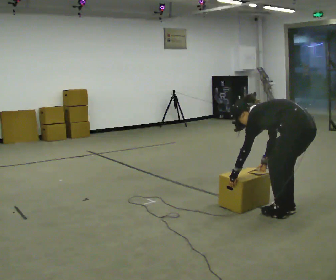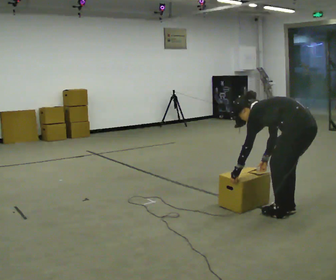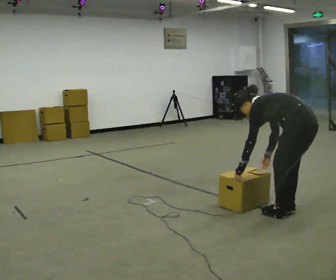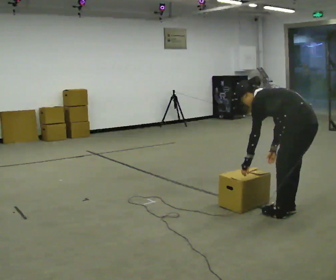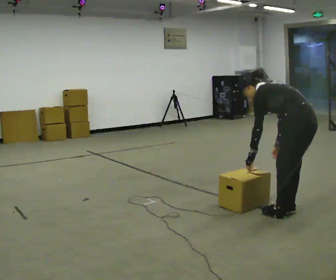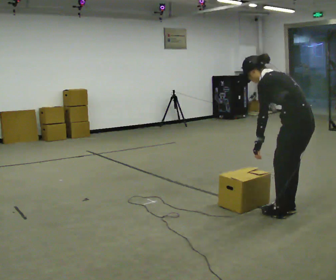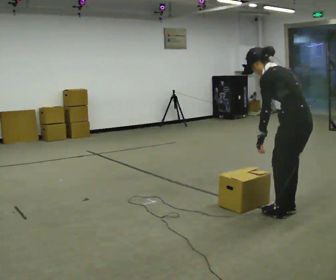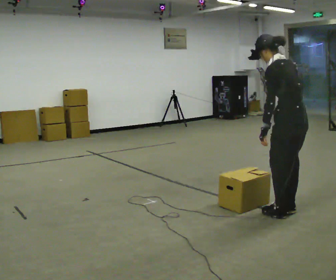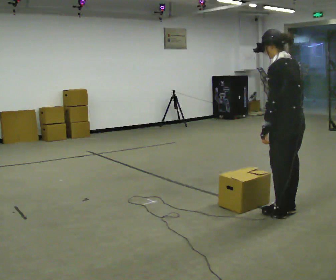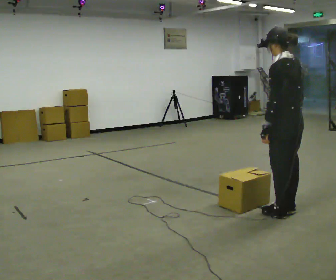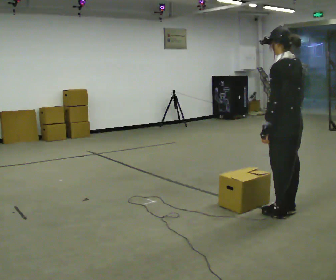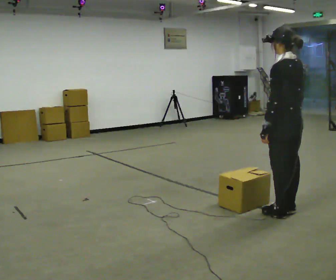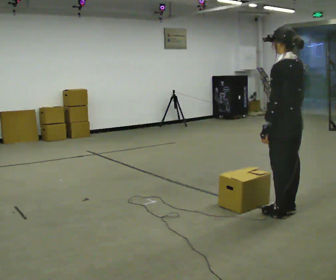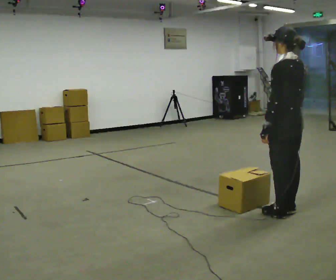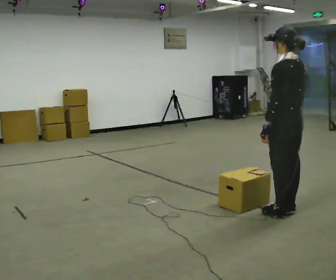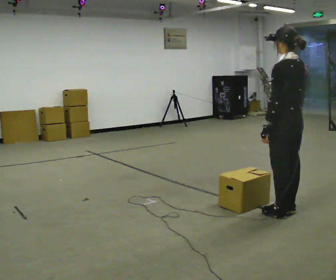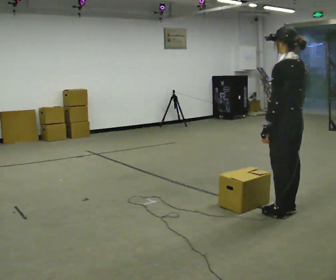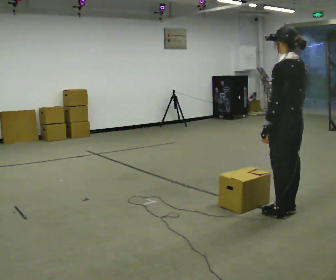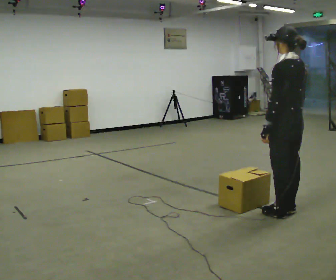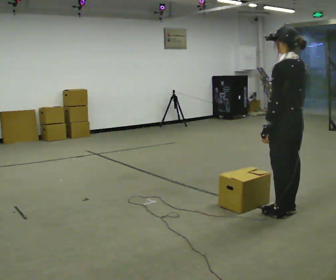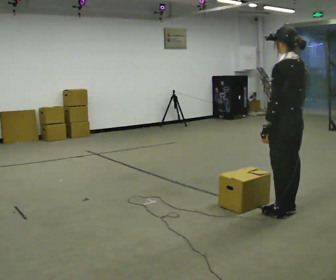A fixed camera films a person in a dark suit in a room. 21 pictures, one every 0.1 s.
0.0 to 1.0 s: The upper body goes upward. In the picture the upper body tilts clockwise, shoulders to the right, as they lean back or straighten. In the picture their right hand goes upward.
1.0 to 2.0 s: The person moves a little, or ends about where they began.
The film runs backward here.
